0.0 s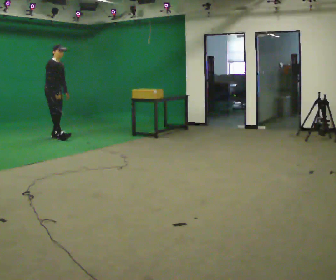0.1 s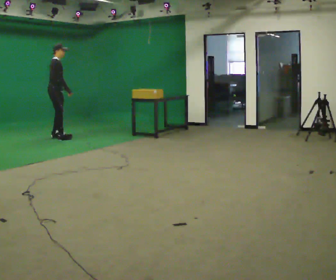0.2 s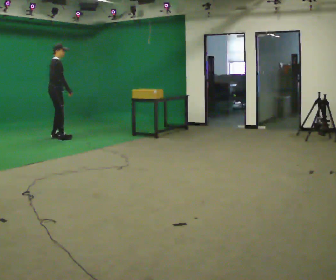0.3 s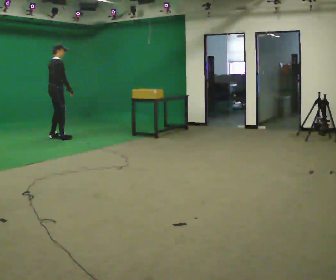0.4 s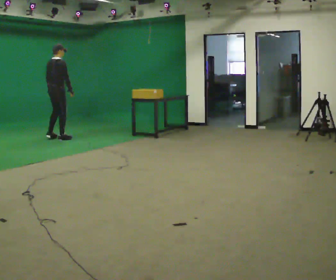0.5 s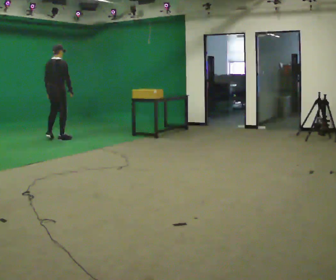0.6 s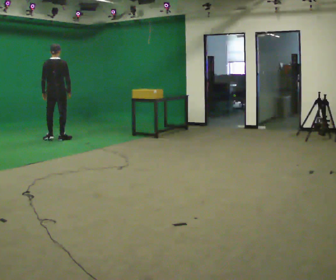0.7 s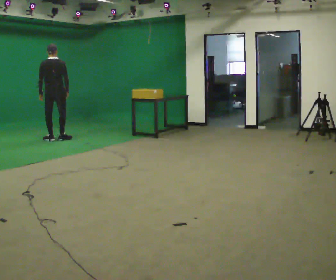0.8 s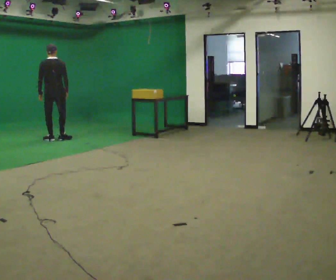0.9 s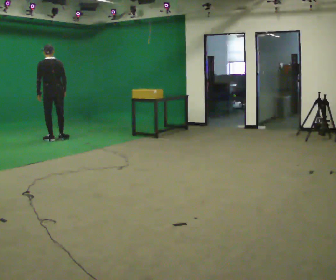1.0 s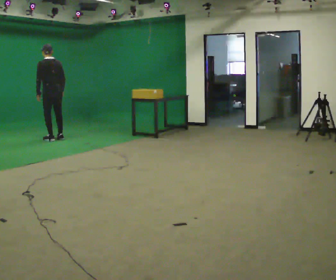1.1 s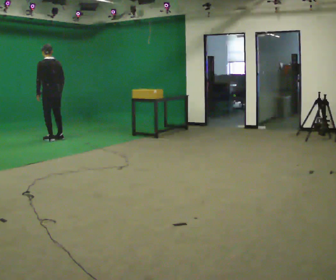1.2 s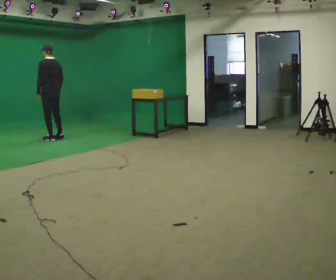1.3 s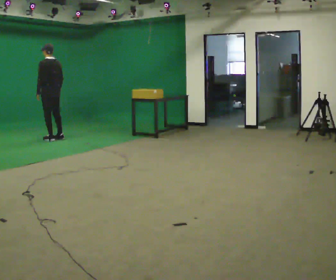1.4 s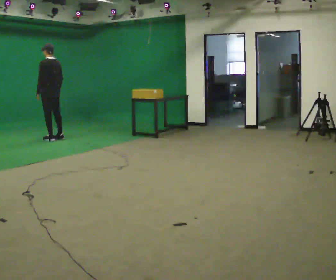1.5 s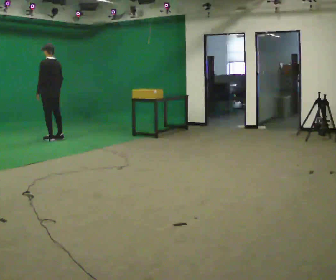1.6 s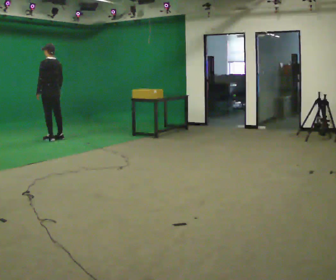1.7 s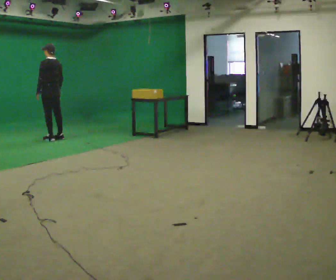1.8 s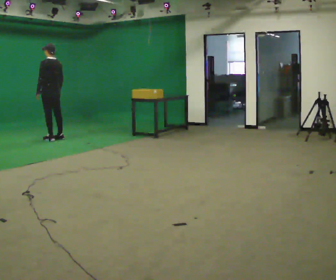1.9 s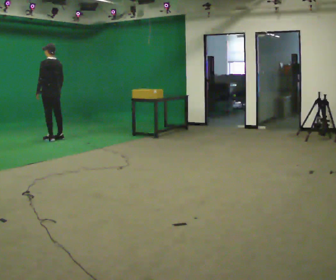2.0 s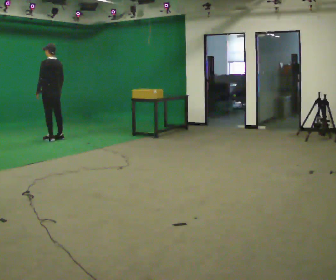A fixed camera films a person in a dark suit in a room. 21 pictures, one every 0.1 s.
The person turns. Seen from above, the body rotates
counterclockwise.
The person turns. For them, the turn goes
to their left.
0.0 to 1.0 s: The part of the body nearest the lens slides to the right as the person turns to their left by about 150 degrees. In the picture they go toward the camera, about 0.25 m in 1 step. In the picture the upper body tilts counterclockwise, shoulders to the left. In the picture their left hand goes to the left, the arm swinging clockwise.
1.0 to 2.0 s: The person moves a little, or ends about where they began.
The film runs backward here.
